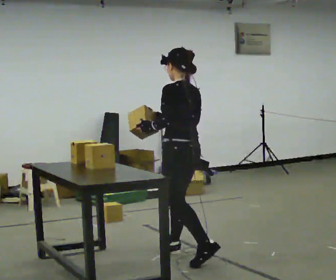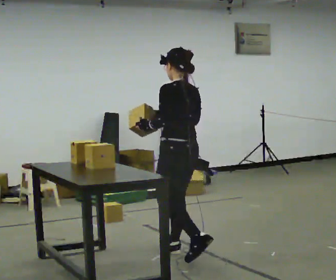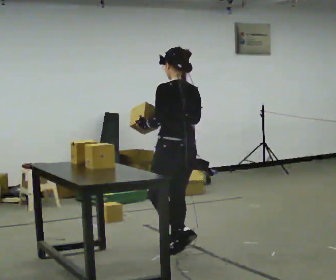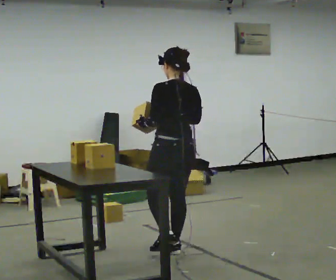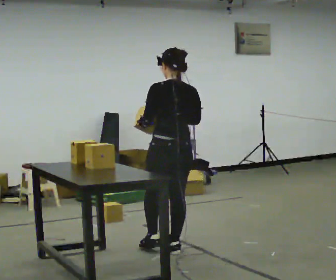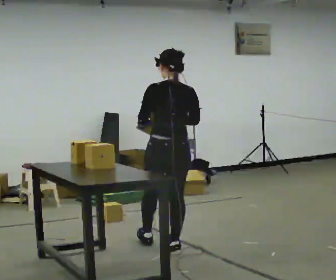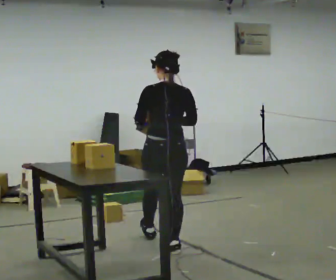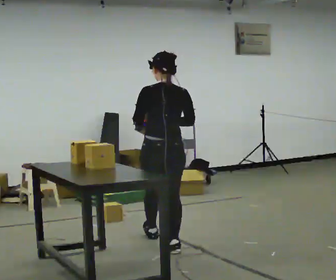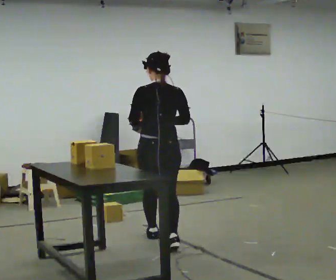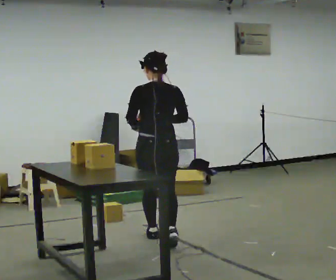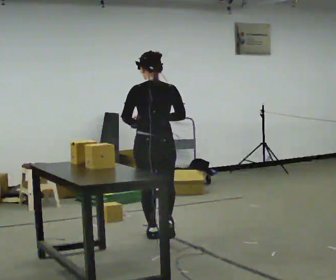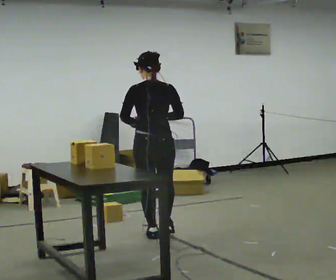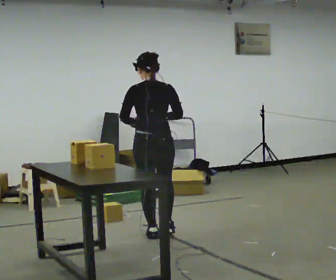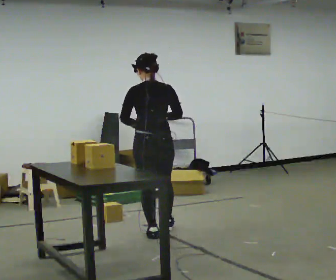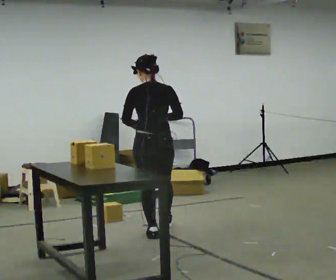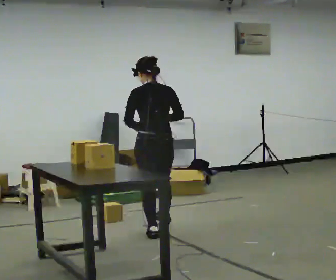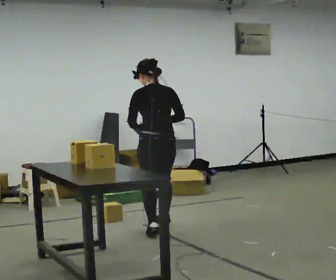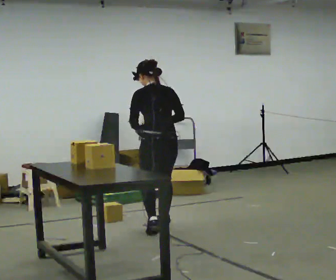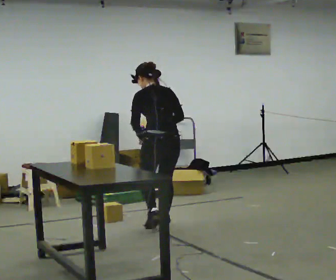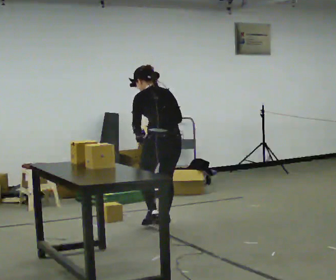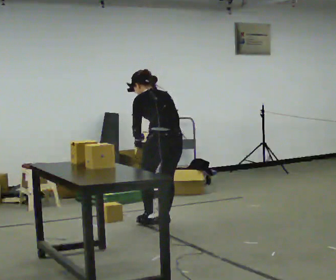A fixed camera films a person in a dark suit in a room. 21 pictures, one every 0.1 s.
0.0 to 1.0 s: The person turns about 60 degrees to their right, clockwise seen from above, so the part of the body nearest the lens slides to the left. In the picture they go away from the camera and to the left, about 0.5 m in 1 step, which for them is forward.
1.0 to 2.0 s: The person turns about 30 degrees to their left, counterclockwise seen from above, so the part of the body nearest the lens slides to the right. In the picture they go away from the camera, about 0.5 m in 1 step, which for them is forward and to their right. The upper body tips away from the camera, its near side rolling upward, as they bend forward.
The film runs forward here.
